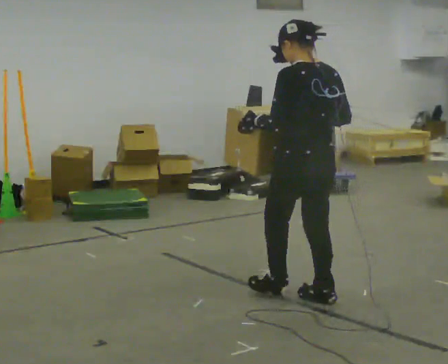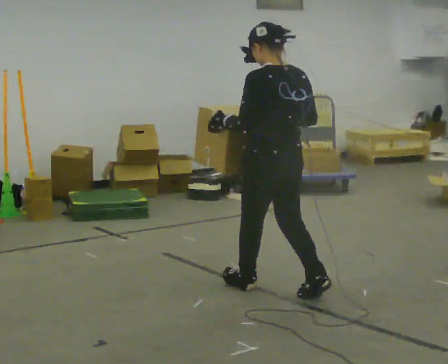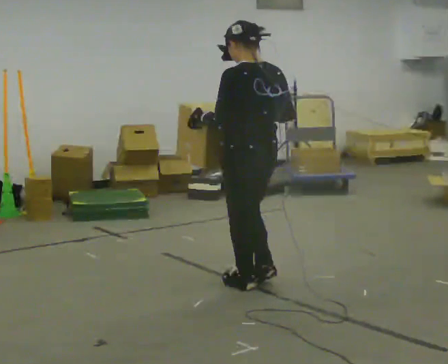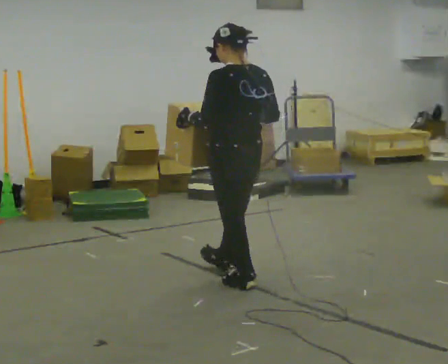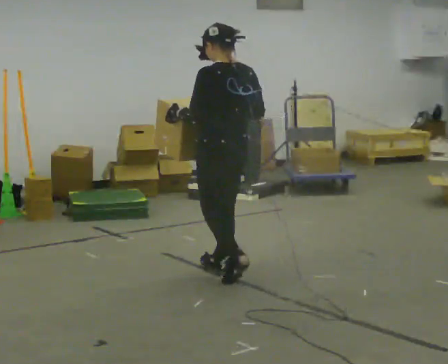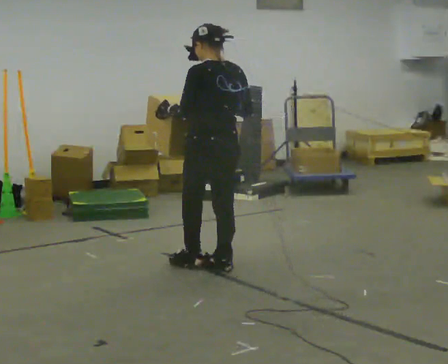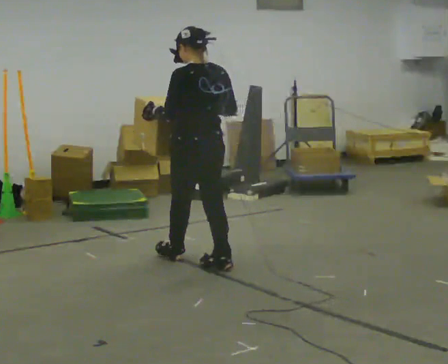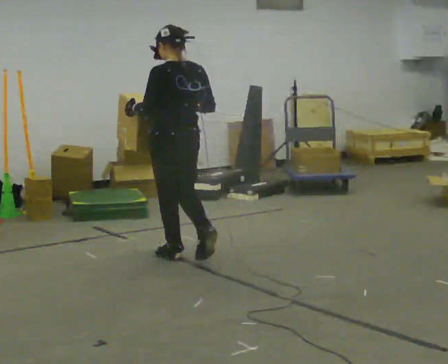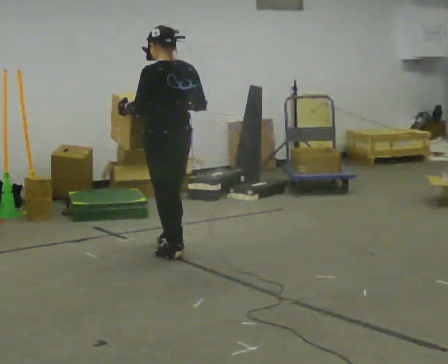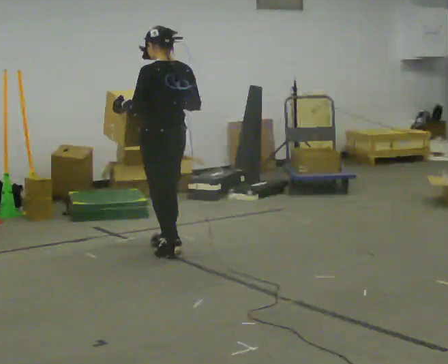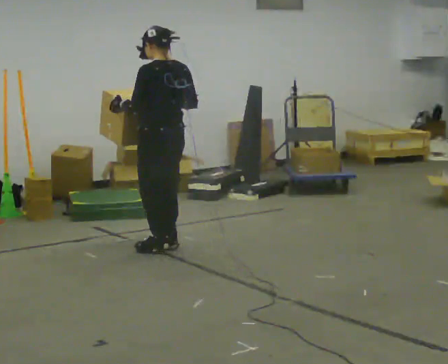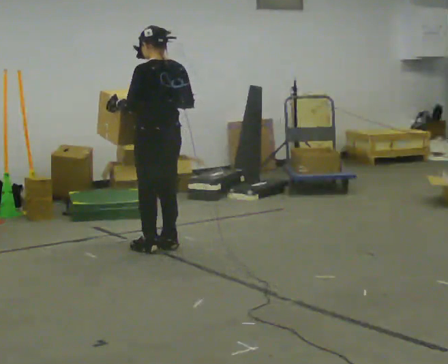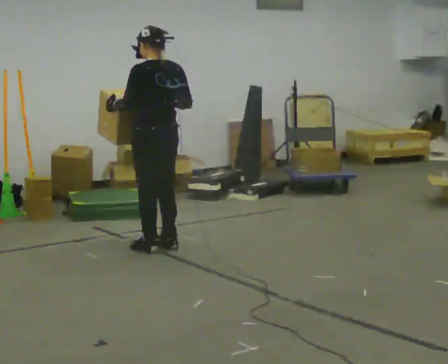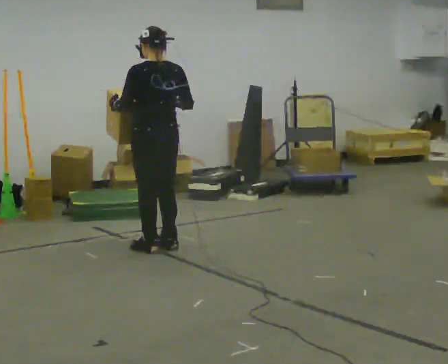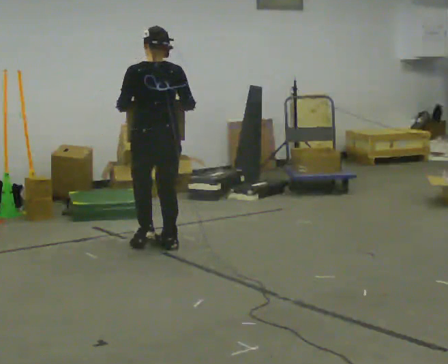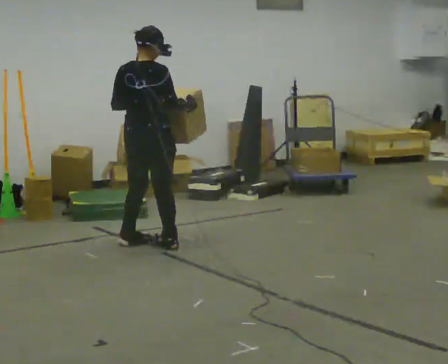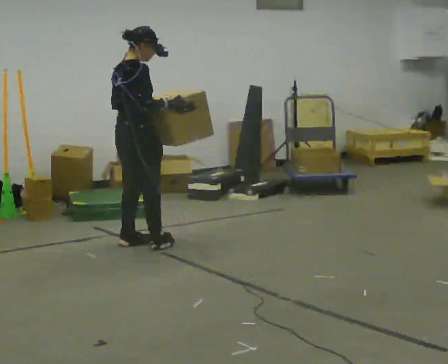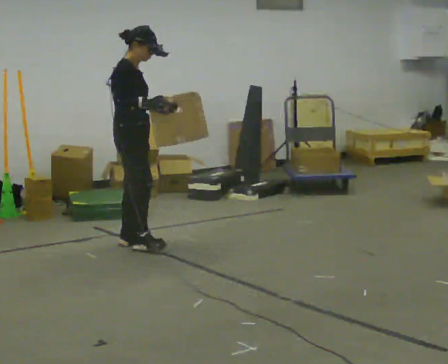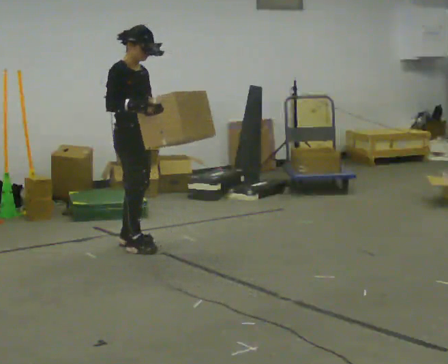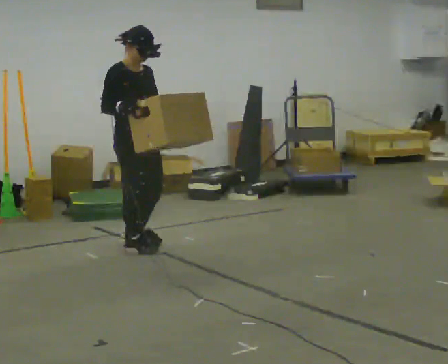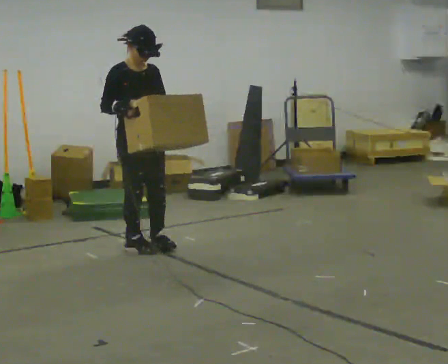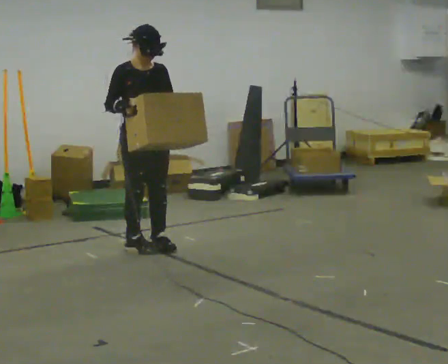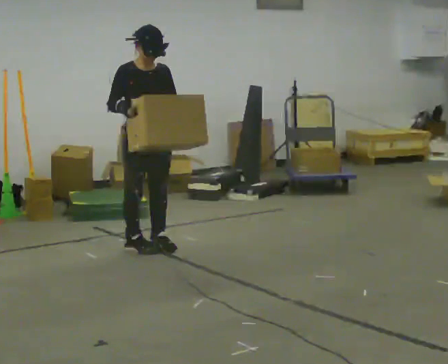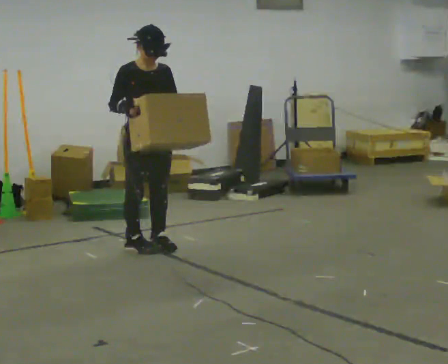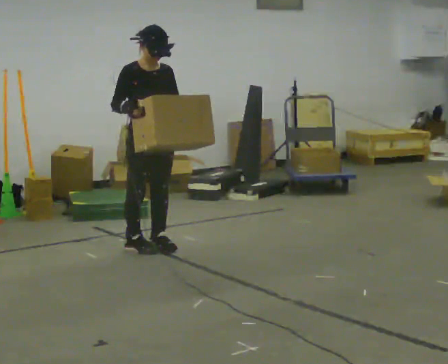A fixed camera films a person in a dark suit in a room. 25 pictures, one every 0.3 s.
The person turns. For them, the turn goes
to their right.
The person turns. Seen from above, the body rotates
clockwise.
0.0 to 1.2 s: In the picture they go away from the camera and to the left, about 0.75 m in 2 steps, which for them is forward.
1.2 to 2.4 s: In the picture they go away from the camera and to the left, about 0.5 m in 1 step, which for them is forward.
2.4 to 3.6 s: In the picture they go away from the camera, about 0.25 m in 2 steps, which for them is forward.
3.6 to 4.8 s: The person turns about 90 degrees to their right, clockwise seen from above, so the part of the body nearest the lens slides to the left. In the picture they go to the left, about 0.25 m in 1 step.
4.8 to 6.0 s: Seen from above the body turns clockwise, about 75 degrees: to their right, with its near side sliding to the left. In the picture their right hand goes to the left.
6.0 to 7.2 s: The person moves a little, or ends about where they began.
The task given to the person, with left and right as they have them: Carry the box and, while you are still walking, turn it so you can read the label, read it out loud, then carry on. Repeat with the next box. Do not stop to read it.
The film runs forward here.
